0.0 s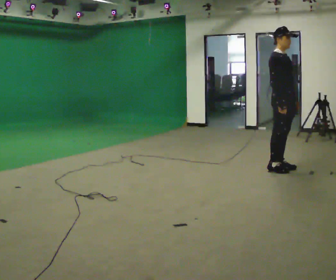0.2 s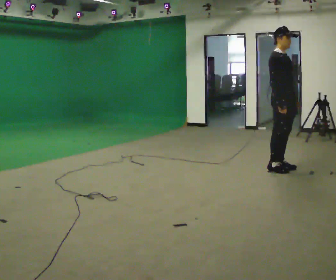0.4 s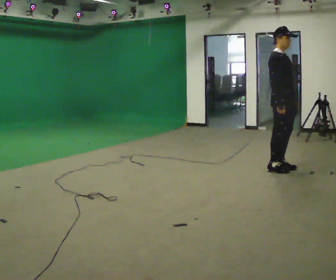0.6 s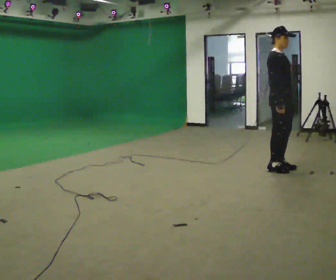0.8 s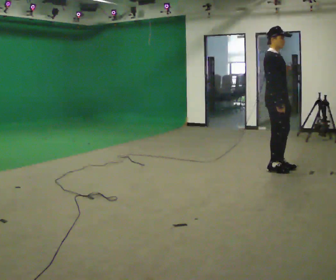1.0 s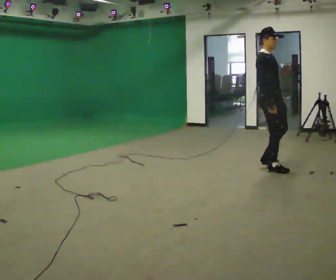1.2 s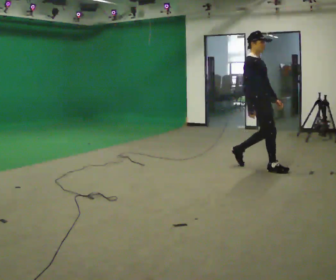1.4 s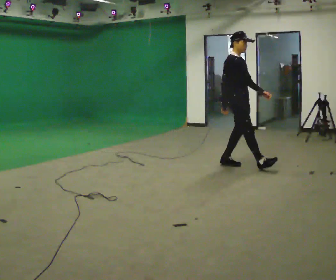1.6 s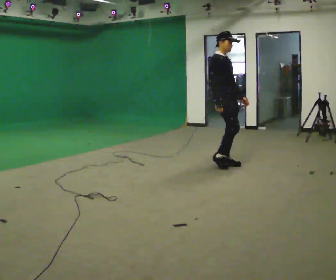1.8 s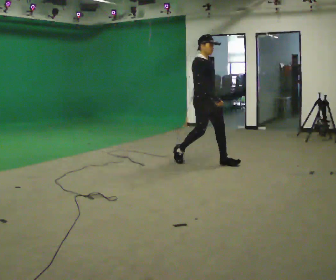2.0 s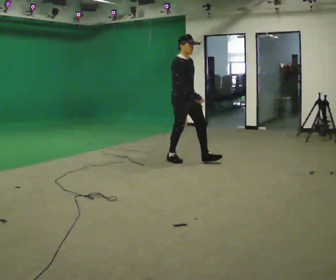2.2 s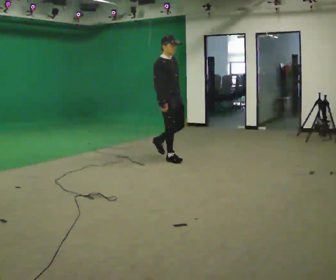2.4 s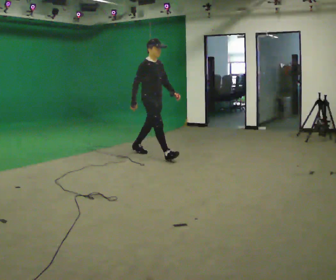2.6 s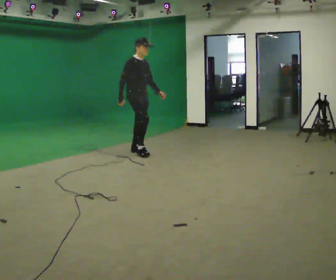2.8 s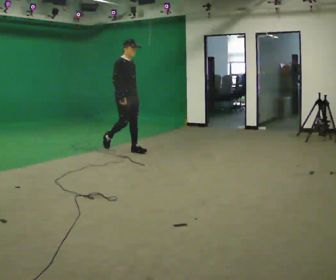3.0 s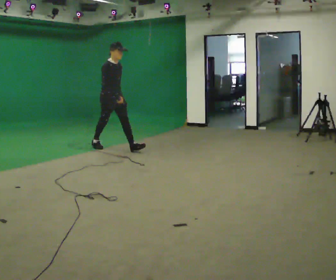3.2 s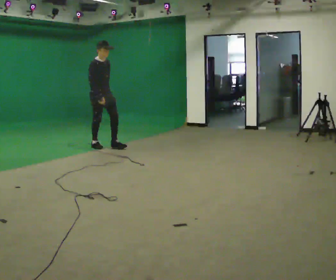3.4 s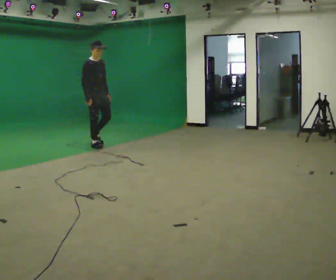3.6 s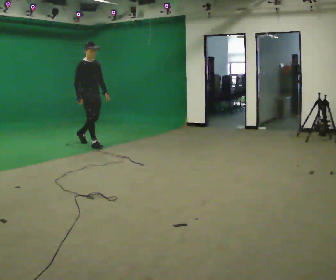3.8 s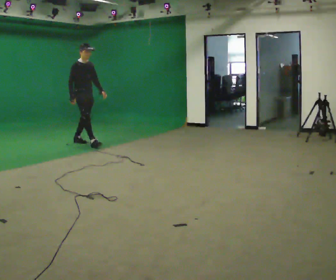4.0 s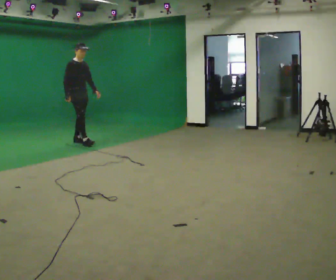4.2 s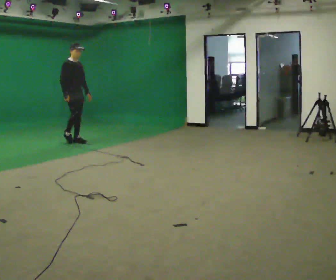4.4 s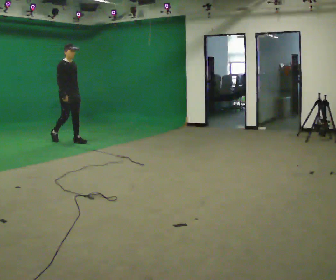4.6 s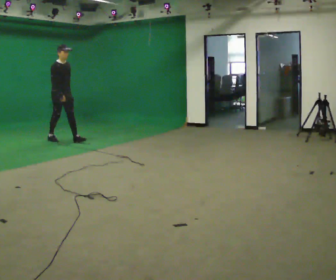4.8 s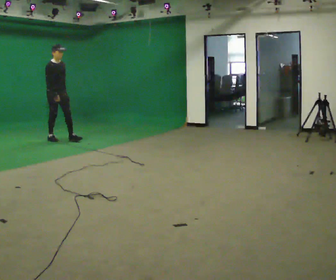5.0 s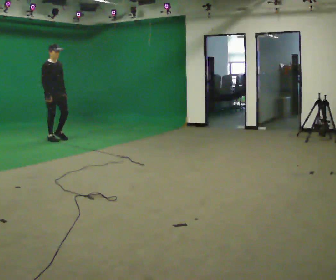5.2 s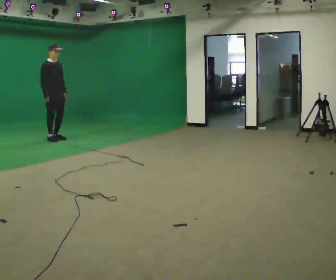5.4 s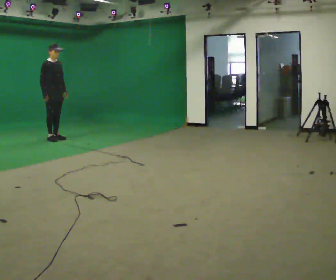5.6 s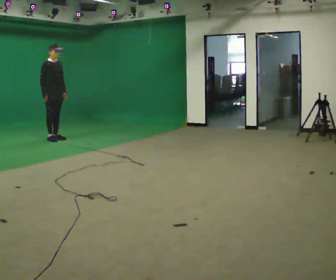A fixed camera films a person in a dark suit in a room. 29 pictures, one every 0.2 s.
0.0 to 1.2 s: In the picture they go to the left, about 0.25 m in 1 step, which for them is backward.
1.2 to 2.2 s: In the picture they go to the left and away from the camera, about 1.5 m in 2 steps, which for them is backward.
2.2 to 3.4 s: In the picture they go to the left and away from the camera, about 1.5 m in 2 steps, which for them is backward.
3.4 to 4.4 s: In the picture they go to the left and away from the camera, about 0.5 m in 1 step, which for them is backward.
4.4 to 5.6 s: In the picture they go to the left and away from the camera, about 0.5 m in 1 step, which for them is backward.
The film runs backward here.
